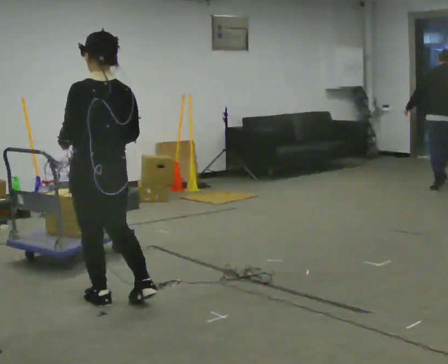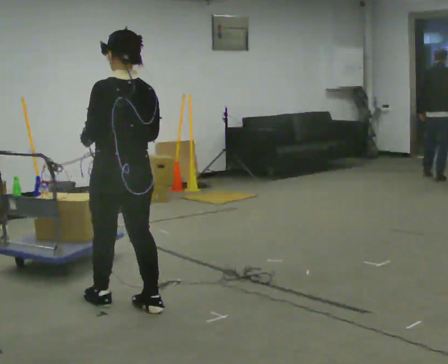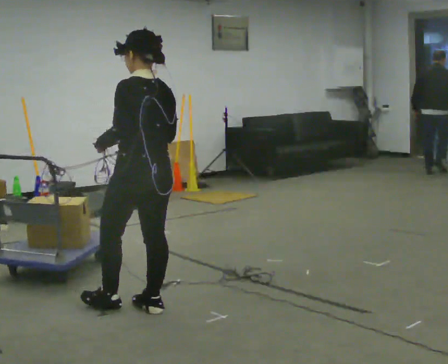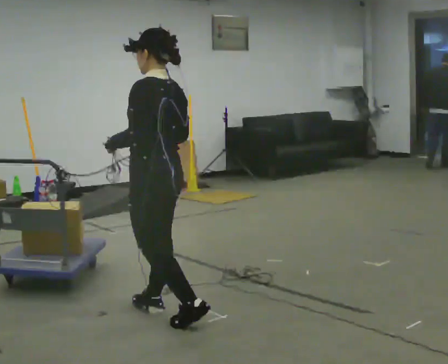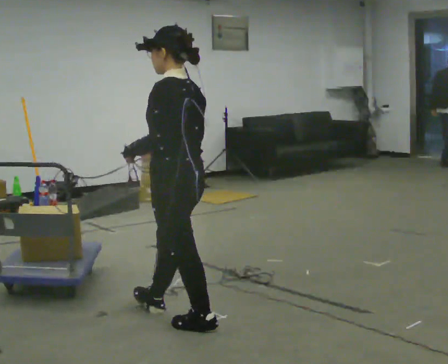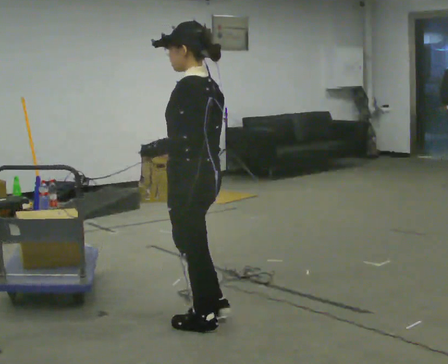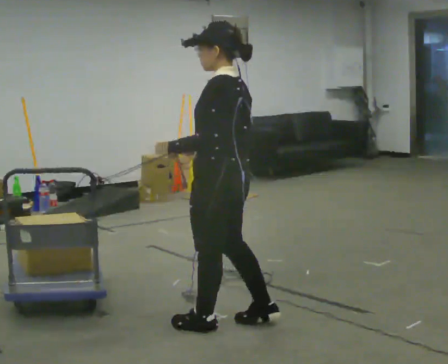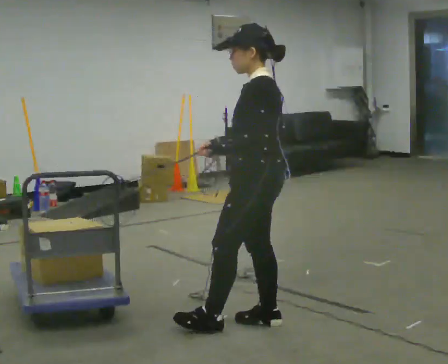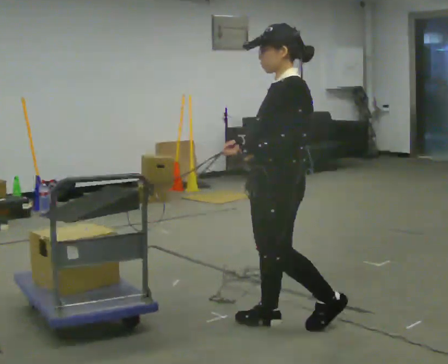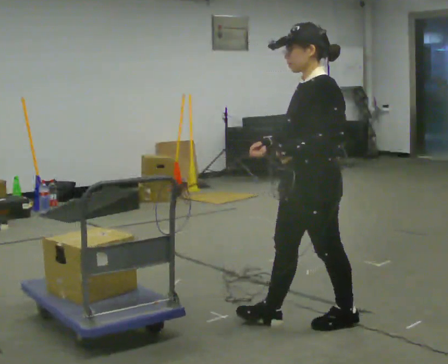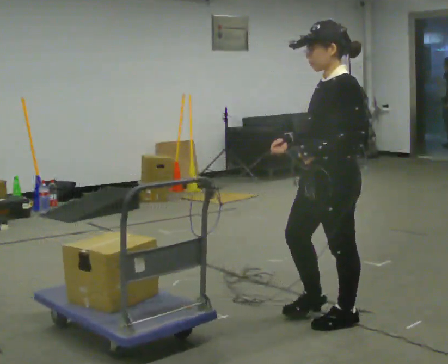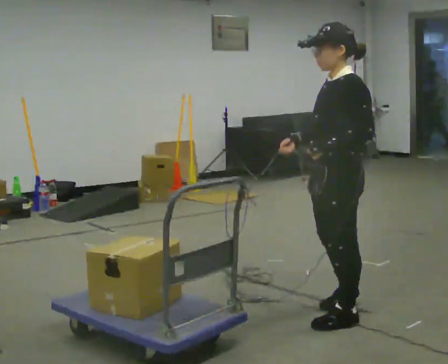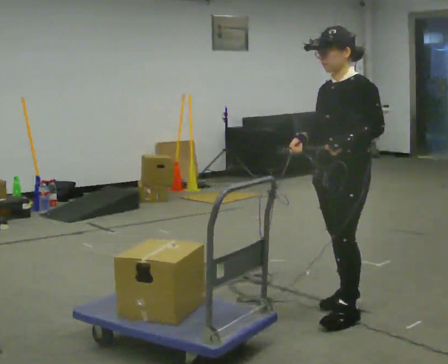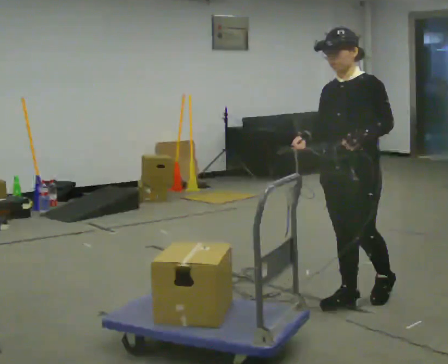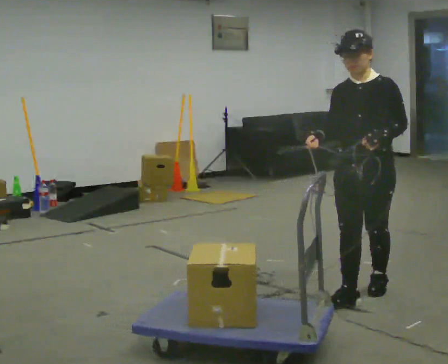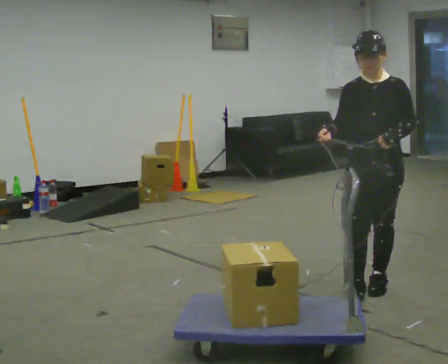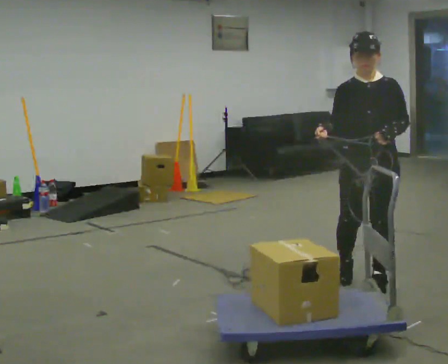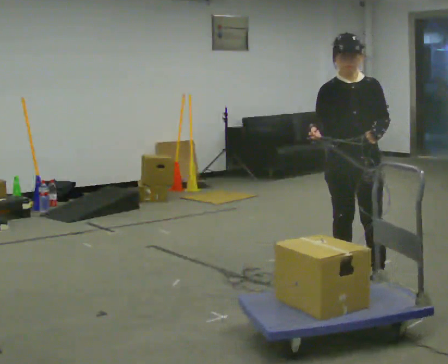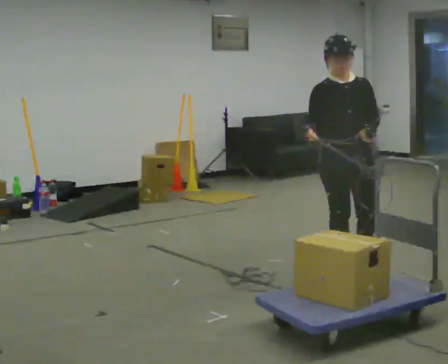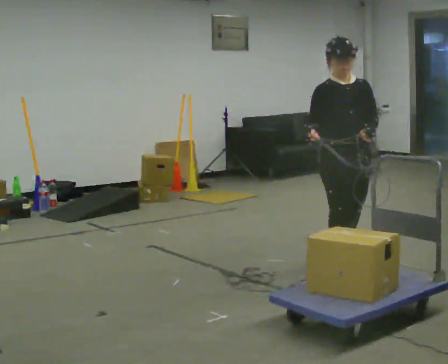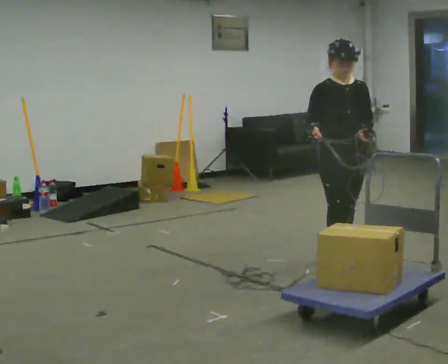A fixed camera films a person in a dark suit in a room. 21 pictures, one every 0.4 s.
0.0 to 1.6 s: The part of the body nearest the lens slides to the right as the person turns to their left by about 30 degrees. In the picture they go to the right and toward the camera, about 0.5 m in 2 steps, which for them is backward.
1.6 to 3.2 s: The person turns about 30 degrees to their left, counterclockwise seen from above, so the part of the body nearest the lens slides to the right. In the picture they go to the right, about 0.5 m in 1 step, which for them is backward and to their right.
3.2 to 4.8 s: In the picture they go to the right and away from the camera, about 0.5 m in 2 steps, which for them is backward and to their right.
4.8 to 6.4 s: The person turns about 45 degrees to their left, counterclockwise seen from above, so the part of the body nearest the lens slides to the right. In the picture they go away from the camera and to the right, about 0.5 m in 1 step, which for them is backward.
6.4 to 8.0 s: The part of the body nearest the lens slides to the right as the person turns to their left by about 30 degrees. In the picture they go away from the camera, about 0.5 m in 2 steps, which for them is backward.
The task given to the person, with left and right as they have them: Hold the rope in both hands and drag the sled towards you as you walk backward. The operator will confirm the space behind you is clear.
The film runs forward here.
